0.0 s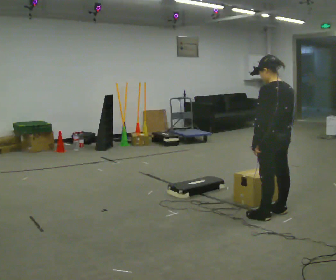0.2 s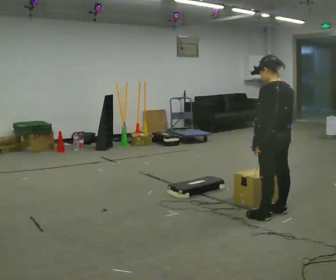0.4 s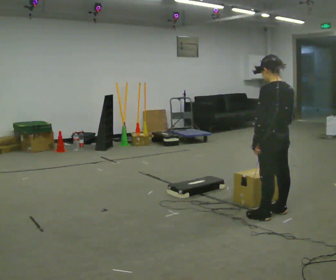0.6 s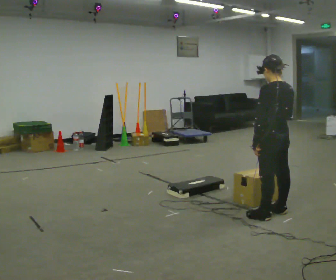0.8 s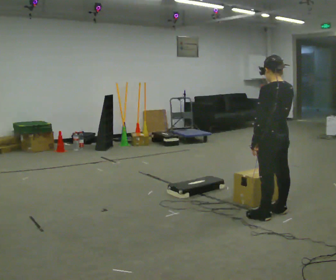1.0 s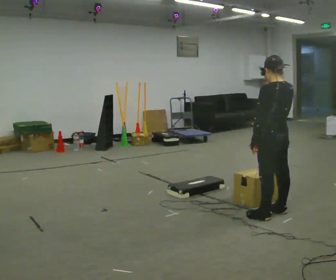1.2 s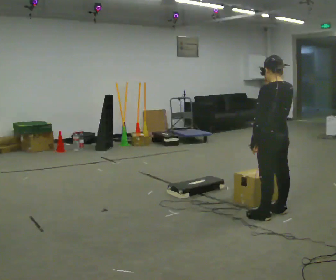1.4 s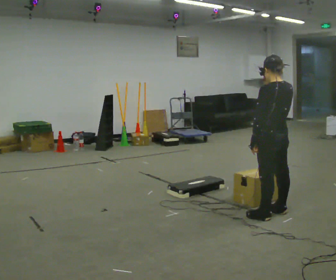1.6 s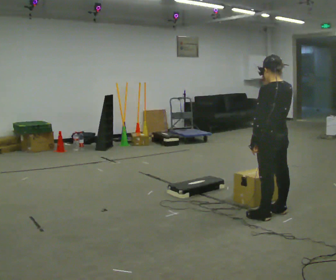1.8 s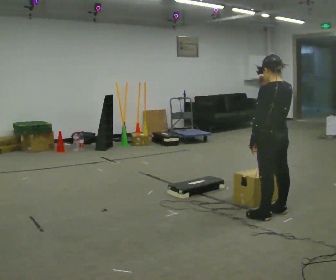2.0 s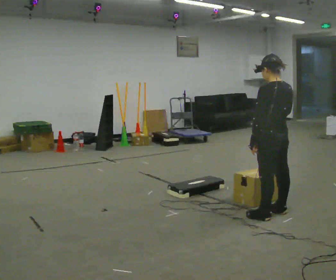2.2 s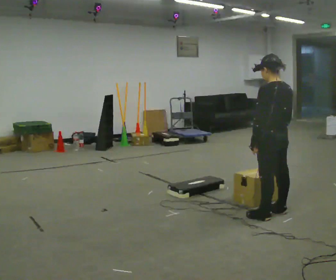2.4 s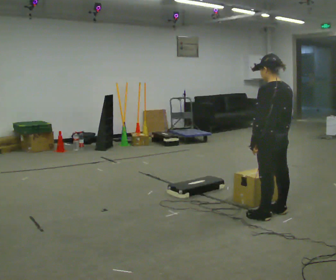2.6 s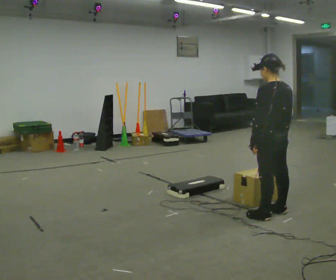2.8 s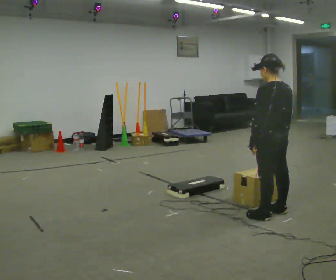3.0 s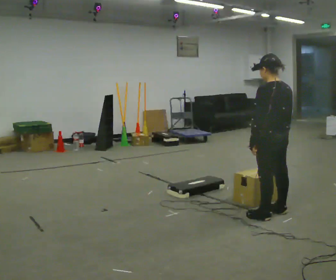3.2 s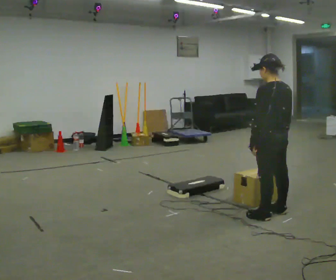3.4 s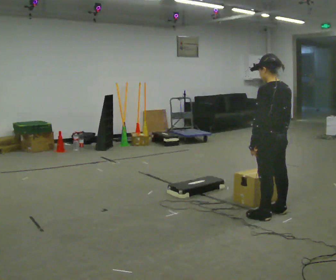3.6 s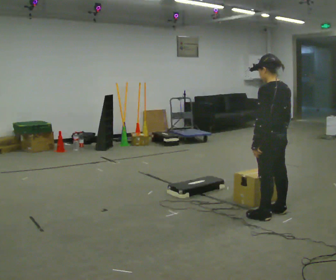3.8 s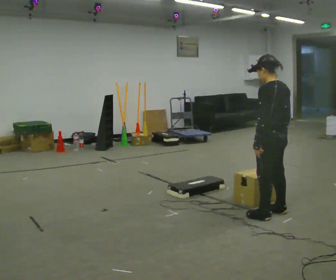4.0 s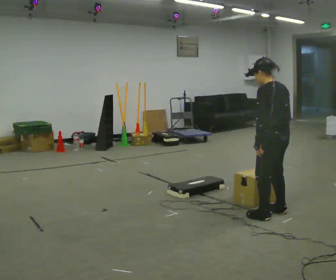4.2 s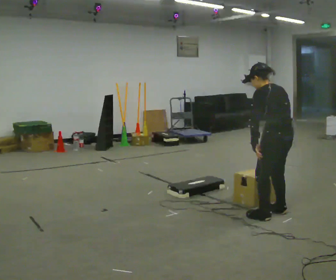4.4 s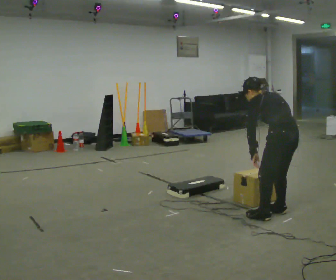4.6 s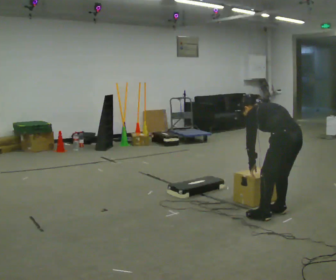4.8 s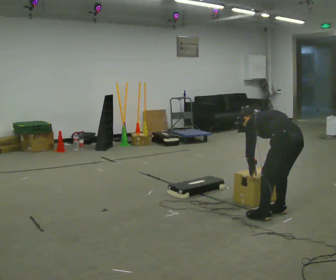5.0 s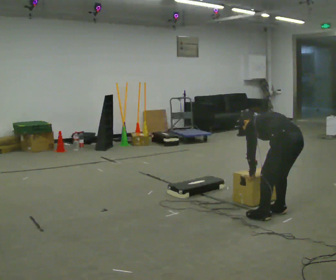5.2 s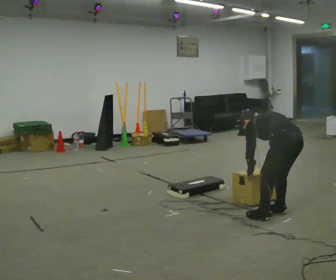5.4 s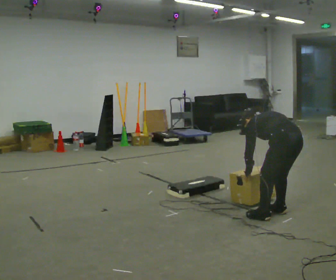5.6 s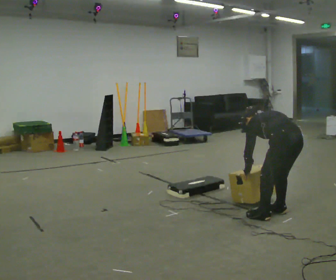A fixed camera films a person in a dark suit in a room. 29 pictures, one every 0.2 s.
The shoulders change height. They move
downward.
The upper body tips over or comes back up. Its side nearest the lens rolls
upward.
0.0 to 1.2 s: In the picture their right hand goes upward.
1.2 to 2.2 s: In the picture their right hand goes downward.
2.2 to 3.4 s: The person moves a little, or ends about where they began.
3.4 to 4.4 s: The upper body tips away from the camera, its near side rolling upward, as they bend forward.
4.4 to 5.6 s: The upper body goes downward. The upper body tips away from the camera, its near side rolling upward, as they bend forward.
The film runs backward here.
